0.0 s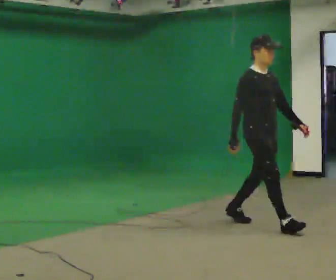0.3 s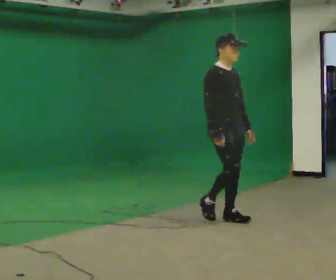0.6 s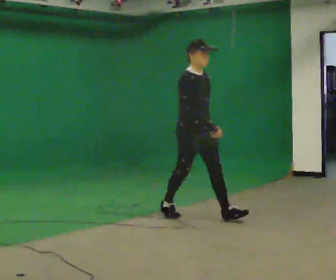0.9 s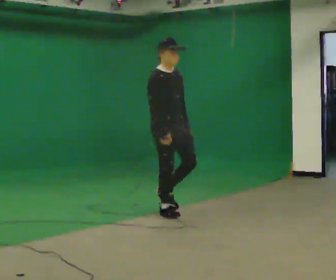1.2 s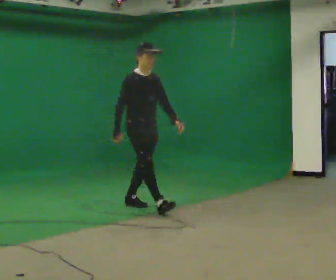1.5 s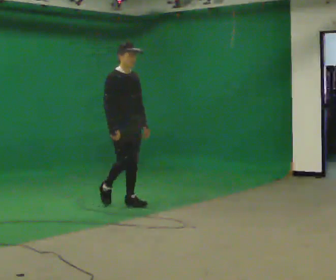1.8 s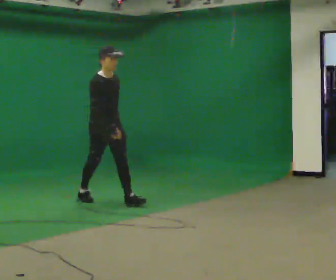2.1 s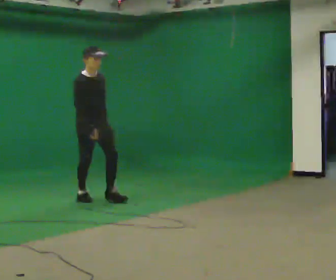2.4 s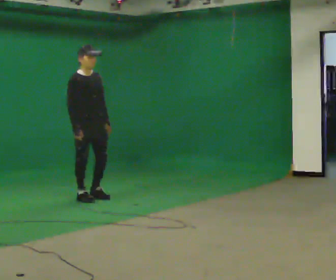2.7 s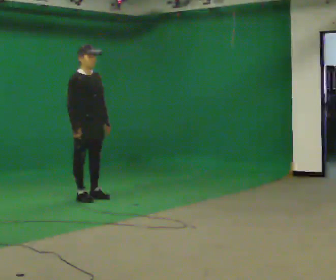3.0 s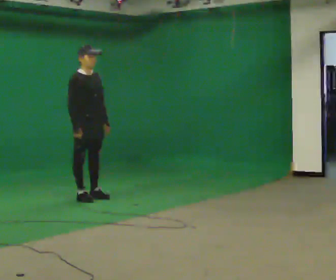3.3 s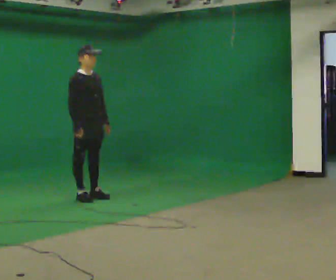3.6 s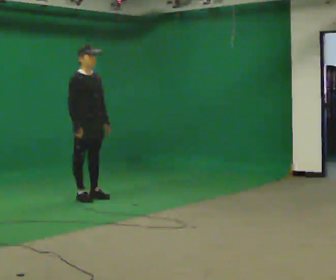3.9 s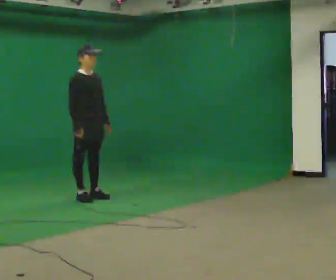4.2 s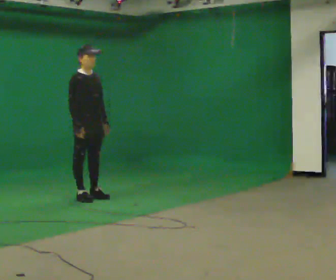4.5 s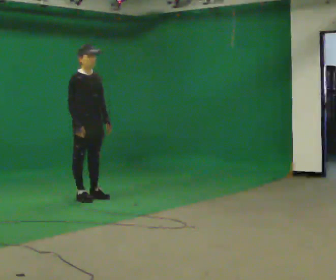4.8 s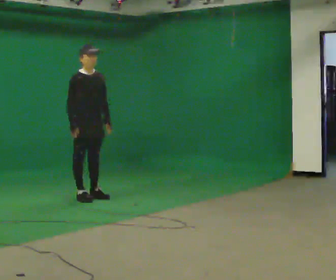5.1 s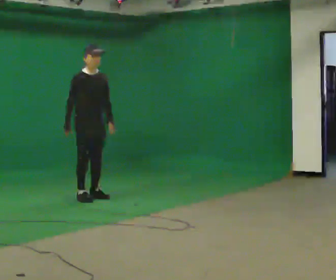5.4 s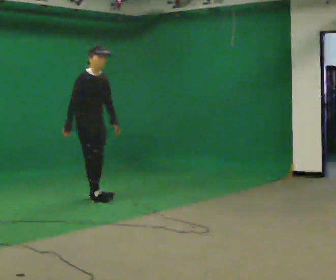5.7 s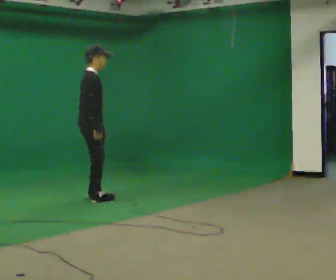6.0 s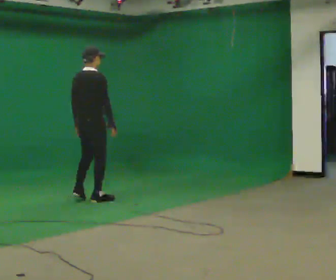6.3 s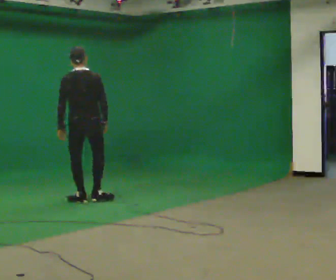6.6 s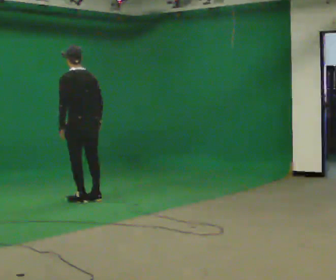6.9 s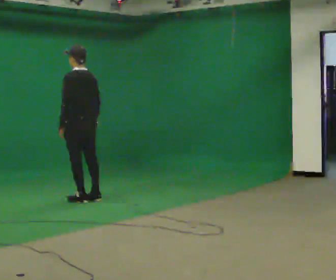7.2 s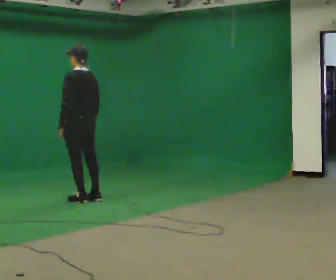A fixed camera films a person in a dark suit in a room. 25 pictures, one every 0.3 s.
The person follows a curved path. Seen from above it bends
counterclockwise.
The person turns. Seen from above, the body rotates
counterclockwise.
0.0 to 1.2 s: In the picture they go away from the camera and to the left, about 1.5 m in 2 steps, which for them is backward.
1.2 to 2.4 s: In the picture they go away from the camera and to the left, about 1 m in 1 step, which for them is backward.
2.4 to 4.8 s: The person moves a little, or ends about where they began.
4.8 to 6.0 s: The person turns about 90 degrees to their left, counterclockwise seen from above, so the part of the body nearest the lens slides to the right. In the picture they go toward the camera, about 0.25 m in 2 steps. In the picture their left hand goes to the left.
6.0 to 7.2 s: Seen from above the body turns counterclockwise, about 90 degrees: to their left, with its near side sliding to the right.
The film runs backward here.
